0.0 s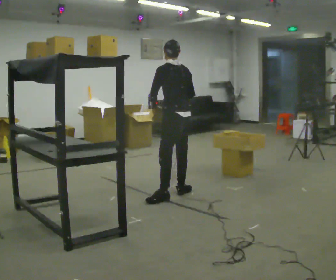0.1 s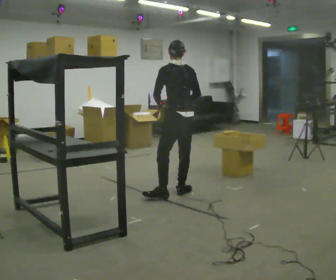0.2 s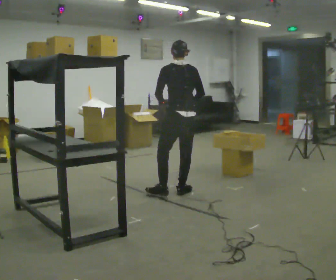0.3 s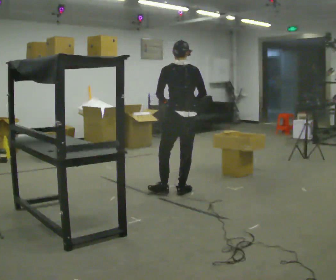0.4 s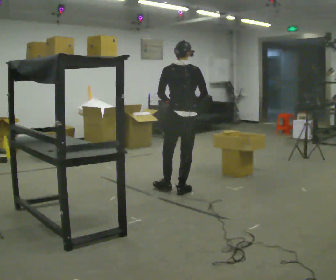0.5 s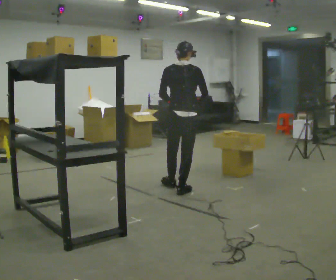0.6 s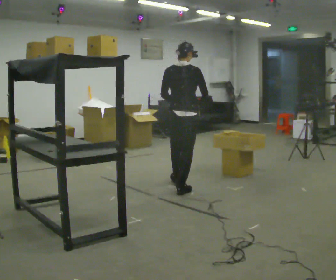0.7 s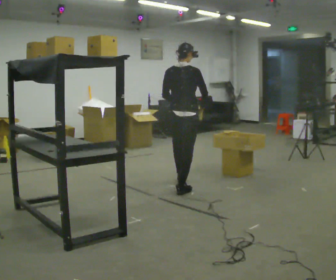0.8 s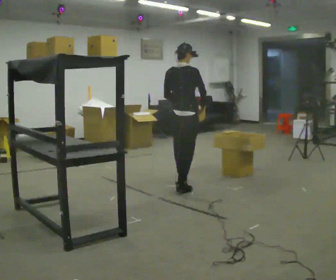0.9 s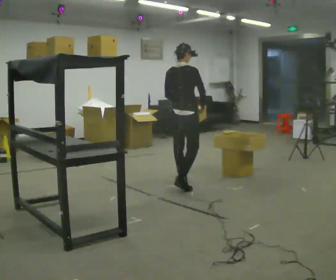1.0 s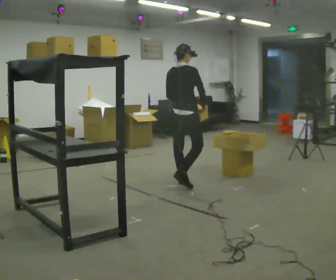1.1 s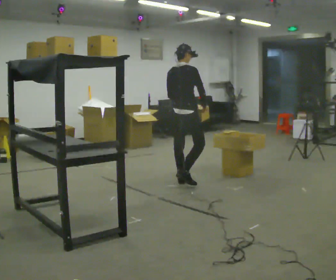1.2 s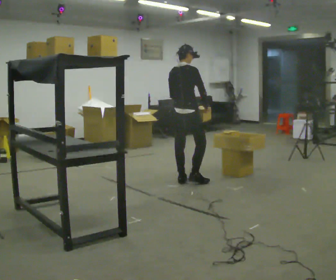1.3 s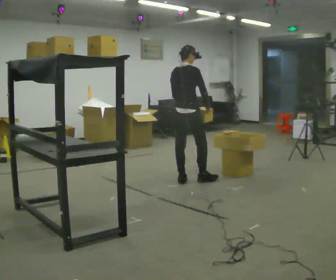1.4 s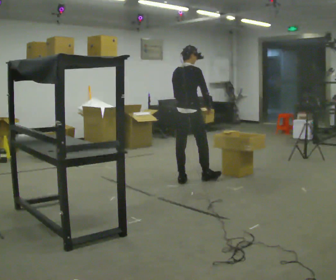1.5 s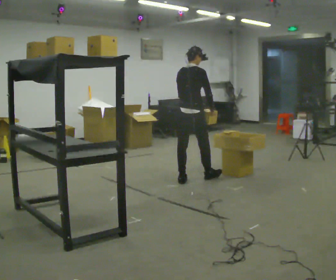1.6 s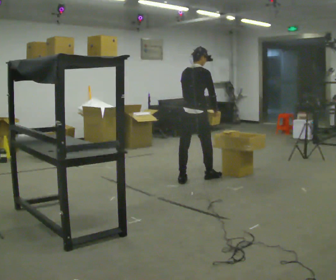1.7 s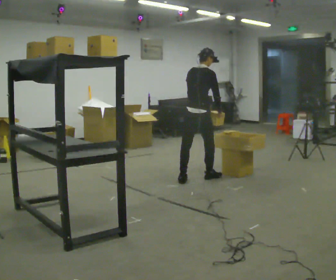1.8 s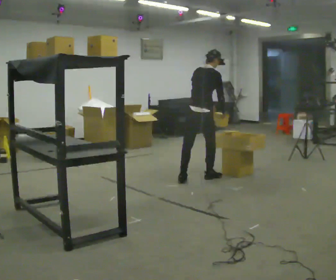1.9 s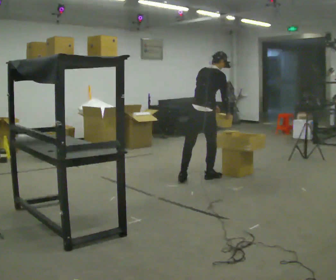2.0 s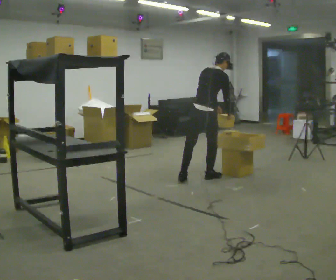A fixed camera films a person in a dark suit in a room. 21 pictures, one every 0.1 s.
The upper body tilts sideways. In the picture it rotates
clockwise.
The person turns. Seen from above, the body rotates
clockwise.
0.0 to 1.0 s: Seen from above the body turns clockwise, about 75 degrees: to their right, with its near side sliding to the left. In the picture they go away from the camera, about 0.5 m in 1 step.
1.0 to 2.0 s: In the picture they go to the right and away from the camera, about 0.25 m in 1 step, which for them is forward. In the picture the upper body tilts clockwise, shoulders to the right, as they bend forward.
The film runs forward here.
